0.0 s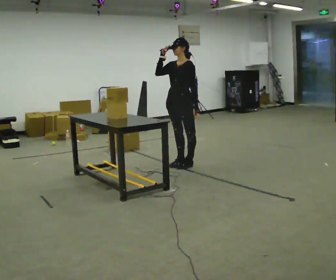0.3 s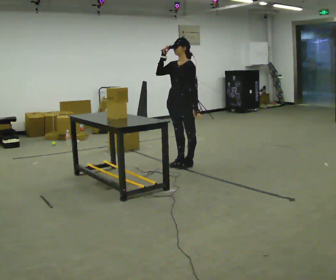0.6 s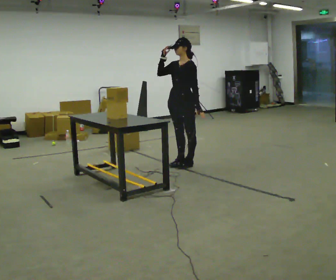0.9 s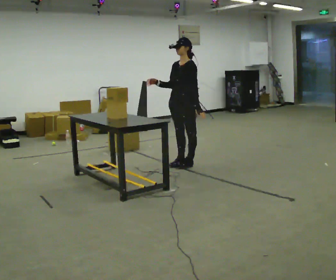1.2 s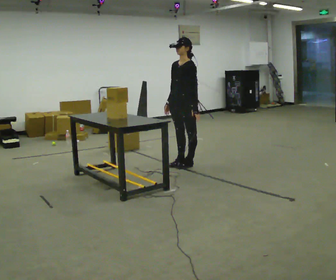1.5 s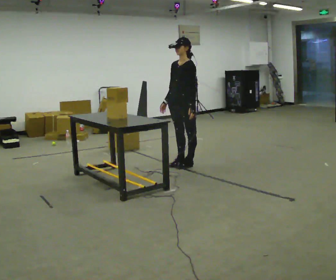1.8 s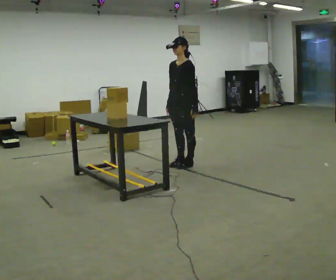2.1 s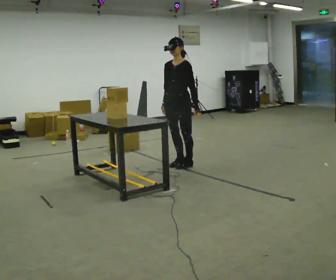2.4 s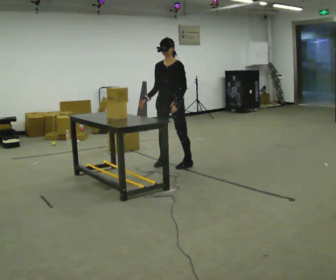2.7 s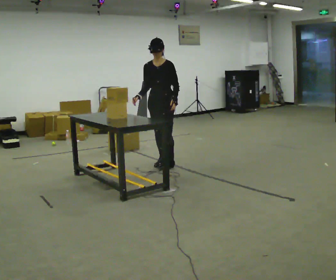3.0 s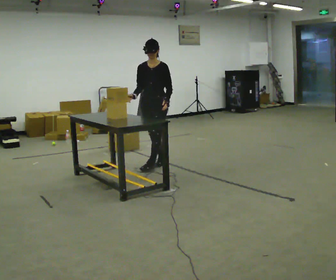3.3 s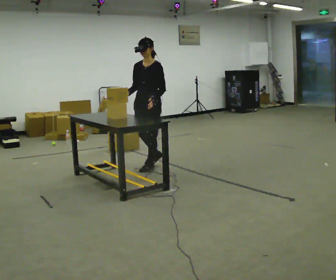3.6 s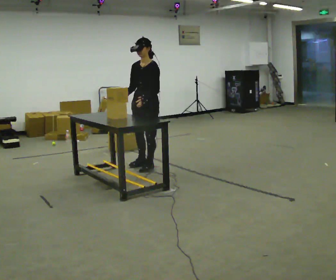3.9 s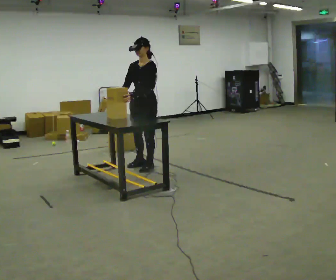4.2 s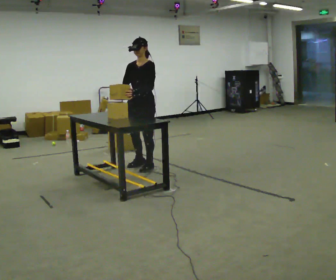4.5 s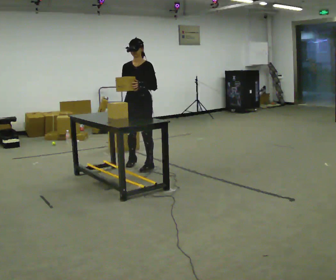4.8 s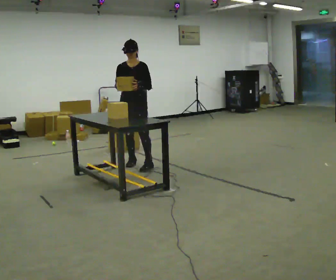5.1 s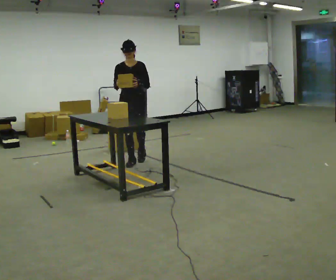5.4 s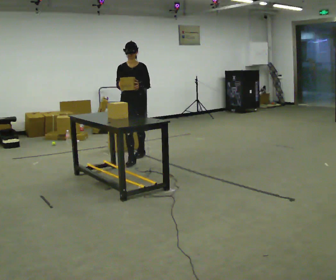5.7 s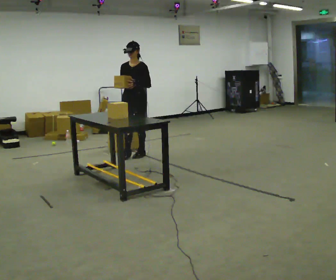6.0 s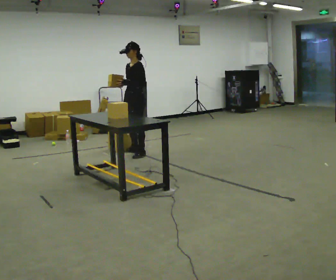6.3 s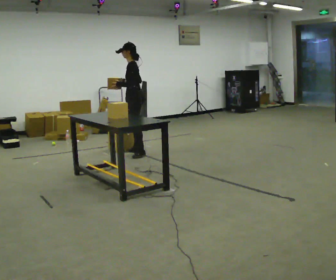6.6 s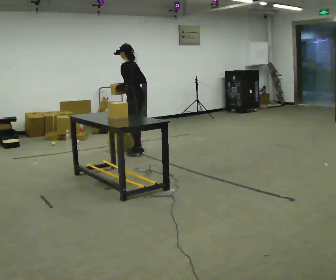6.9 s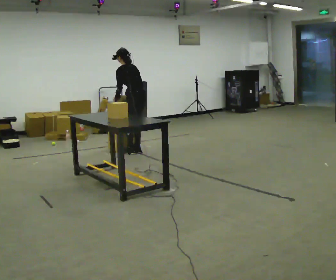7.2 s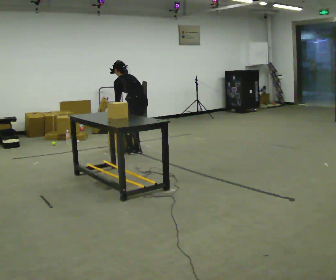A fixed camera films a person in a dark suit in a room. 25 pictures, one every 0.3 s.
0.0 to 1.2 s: In the picture their right hand goes downward.
1.2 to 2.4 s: The person moves a little, or ends about where they began.
2.4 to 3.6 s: In the picture they go to the left, about 0.25 m in 2 steps, which for them is to their right and forward.
3.6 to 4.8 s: The part of the body nearest the lens slides to the right as the person turns to their left by about 30 degrees. In the picture they go to the left and away from the camera, about 0.25 m in 1 step, which for them is to their right.
4.8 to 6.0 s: The person turns about 45 degrees to their right, clockwise seen from above, so the part of the body nearest the lens slides to the left. In the picture they go away from the camera, about 0.5 m in 2 steps, which for them is backward.
6.0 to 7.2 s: The part of the body nearest the lens slides to the left as the person turns to their right by about 90 degrees. The upper body goes downward. The upper body tips away from the camera, its near side rolling upward, as they bend forward. In the picture their right hand goes downward.
The film runs backward here.
